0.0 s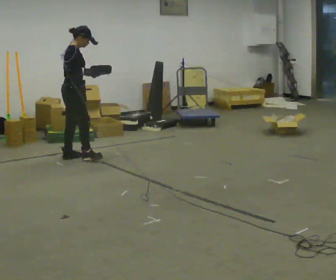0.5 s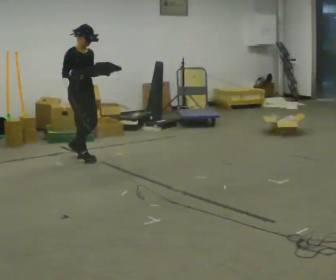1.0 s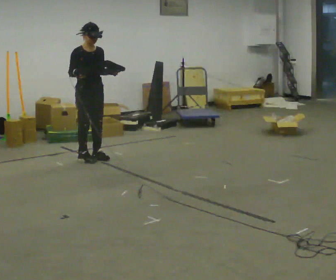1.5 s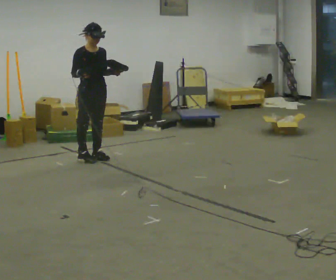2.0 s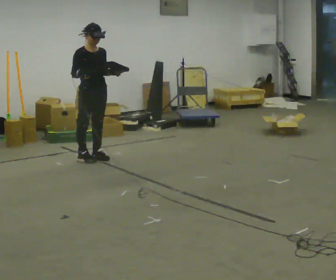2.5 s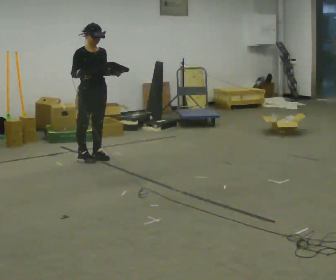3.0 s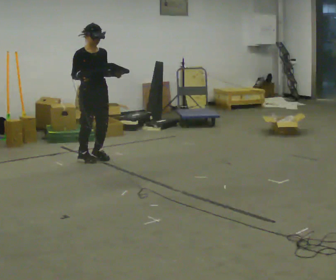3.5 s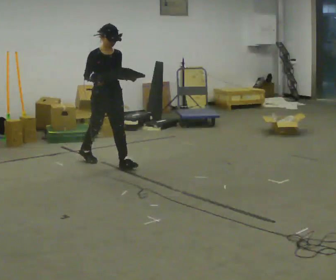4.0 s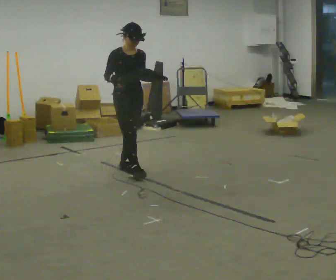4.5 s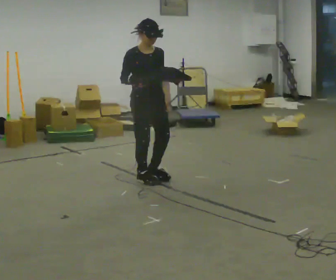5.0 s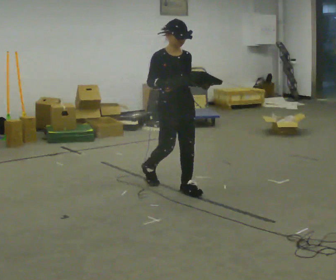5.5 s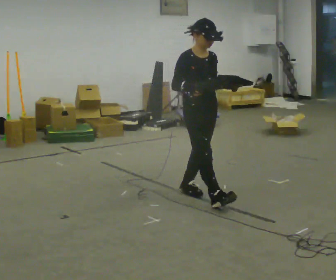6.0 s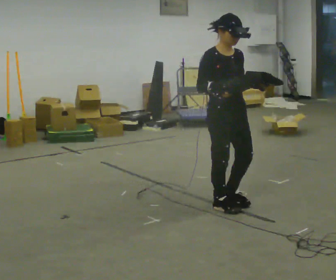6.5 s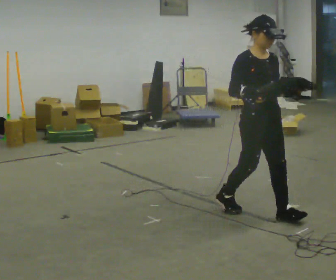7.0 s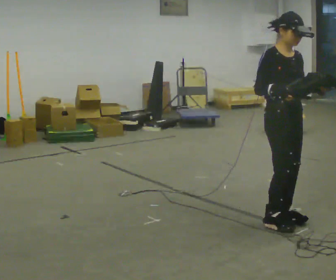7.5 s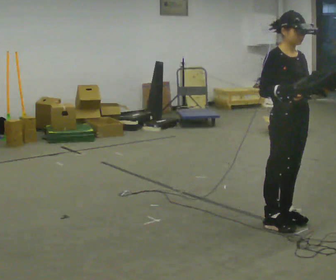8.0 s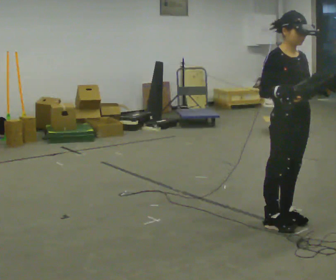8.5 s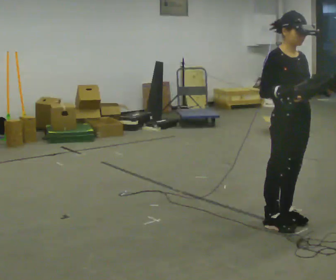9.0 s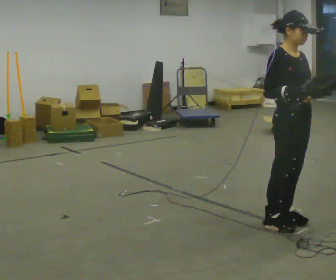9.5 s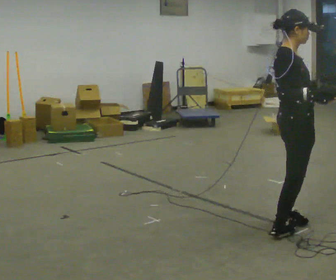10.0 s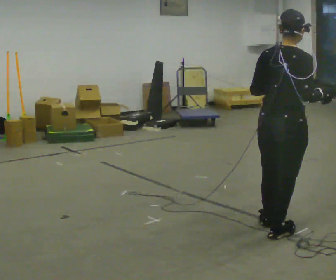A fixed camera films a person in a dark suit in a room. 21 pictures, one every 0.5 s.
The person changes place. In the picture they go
toward the camera.
0.0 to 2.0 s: The person turns about 60 degrees to their right, clockwise seen from above, so the part of the body nearest the lens slides to the left. In the picture they go to the right, about 0.25 m in 2 steps. In the picture their left hand goes to the right.
2.0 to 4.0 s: In the picture they go toward the camera and to the right, about 0.75 m in 1 step, which for them is forward.
4.0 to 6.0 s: In the picture they go toward the camera and to the right, about 1.5 m in 3 steps, which for them is forward.
6.0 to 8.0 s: In the picture they go toward the camera and to the right, about 0.5 m in 2 steps, which for them is forward.
8.0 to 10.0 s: The part of the body nearest the lens slides to the right as the person turns to their left by about 105 degrees. In the picture they go toward the camera, about 0.25 m in 2 steps. In the picture their left hand goes to the left.
The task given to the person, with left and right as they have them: Carry the box with its lid hanging open across the room, back and forth.
The film runs forward here.
